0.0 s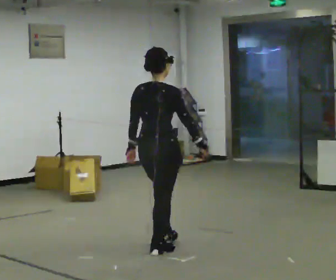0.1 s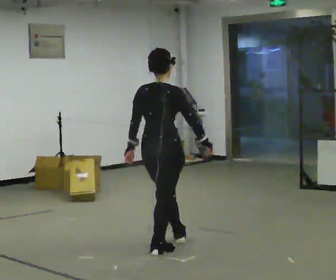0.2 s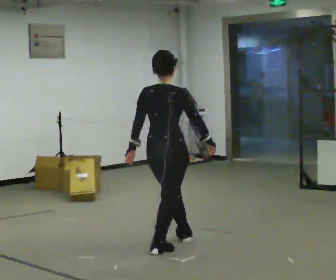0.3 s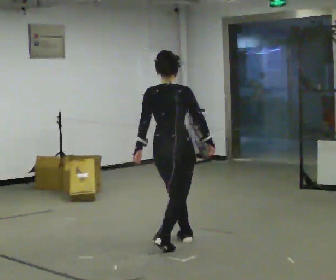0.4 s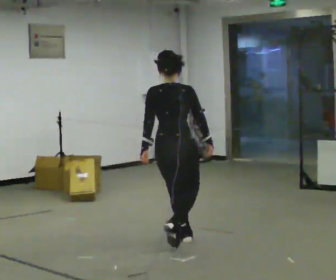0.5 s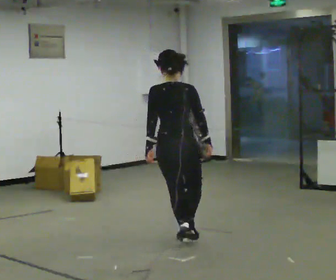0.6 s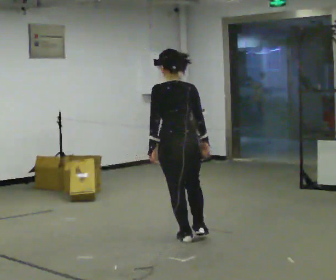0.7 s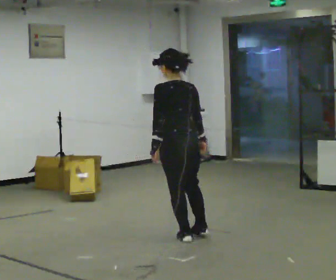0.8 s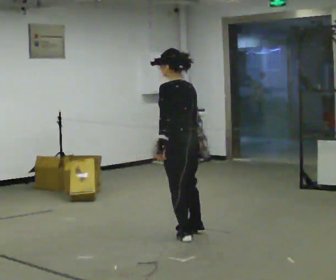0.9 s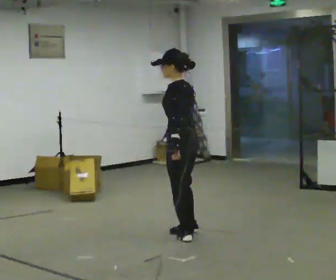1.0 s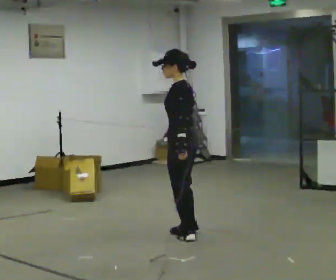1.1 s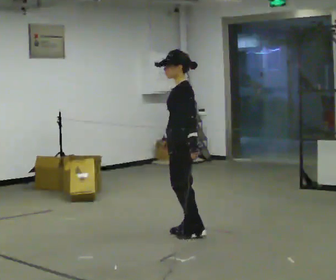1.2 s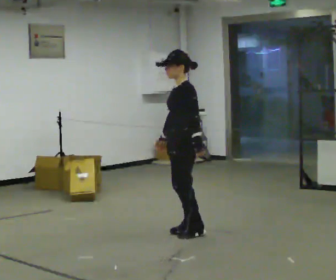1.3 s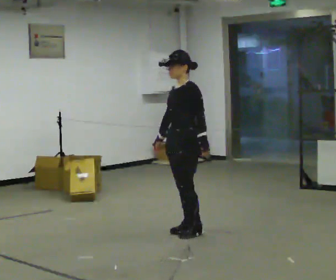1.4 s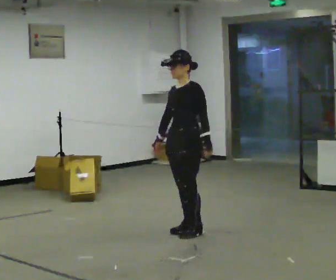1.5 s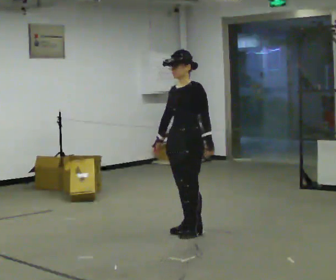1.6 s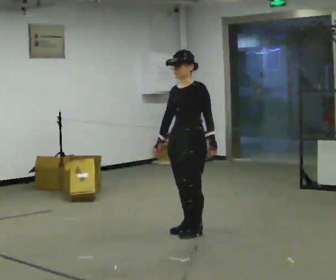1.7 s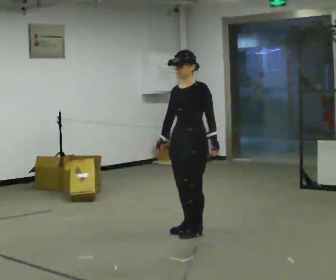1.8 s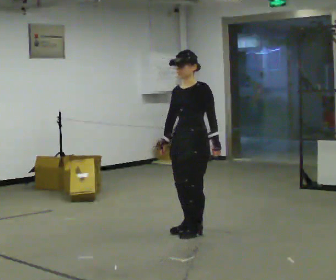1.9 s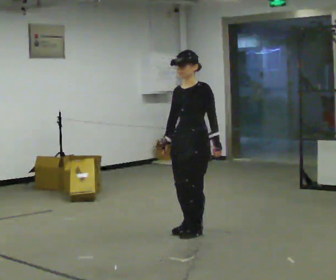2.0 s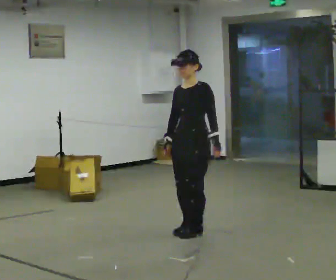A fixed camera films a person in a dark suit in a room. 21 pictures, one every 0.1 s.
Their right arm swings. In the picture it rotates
clockwise.
The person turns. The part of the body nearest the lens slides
to the right.
0.0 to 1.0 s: The part of the body nearest the lens slides to the right as the person turns to their left by about 105 degrees. In the picture they go away from the camera and to the right, about 0.5 m in 2 steps.
1.0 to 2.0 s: The person turns about 60 degrees to their left, counterclockwise seen from above, so the part of the body nearest the lens slides to the right.
The film runs forward here.
